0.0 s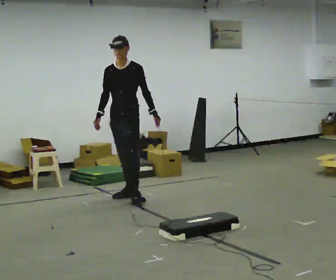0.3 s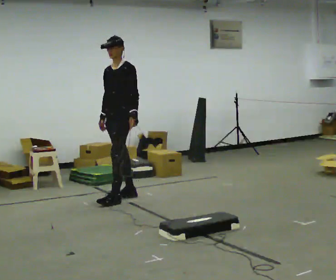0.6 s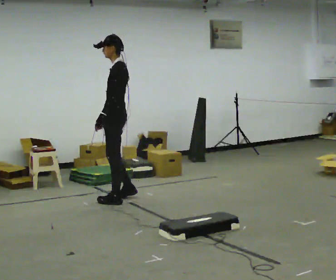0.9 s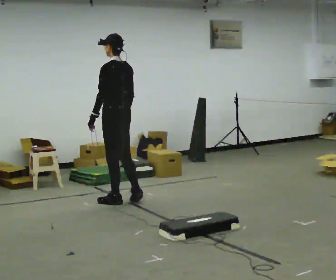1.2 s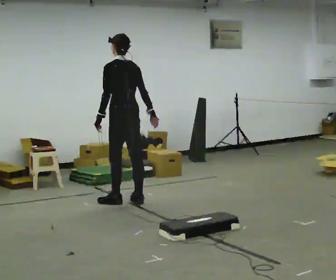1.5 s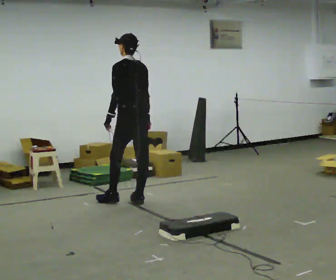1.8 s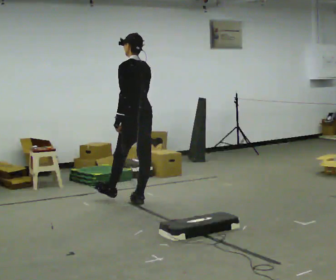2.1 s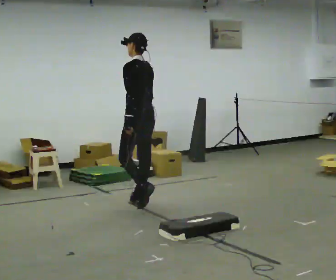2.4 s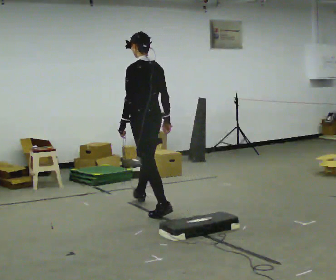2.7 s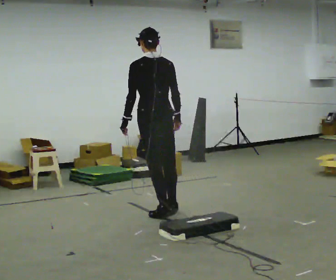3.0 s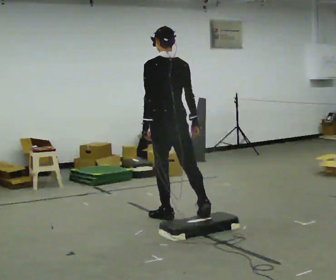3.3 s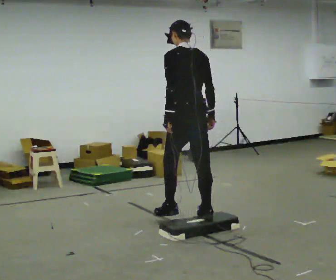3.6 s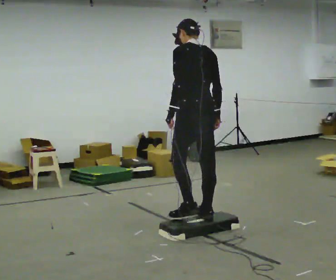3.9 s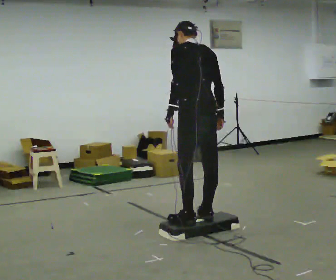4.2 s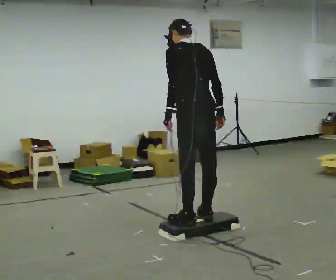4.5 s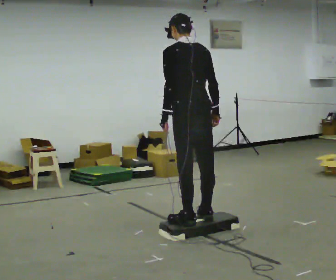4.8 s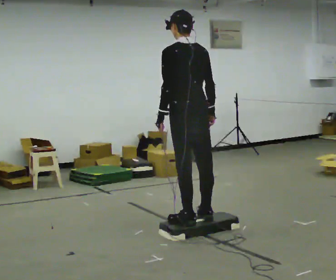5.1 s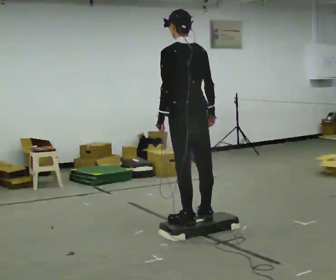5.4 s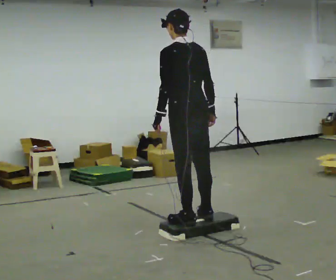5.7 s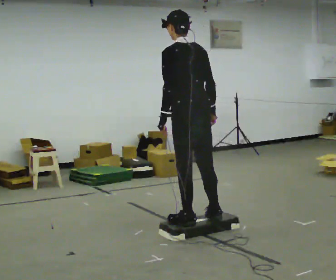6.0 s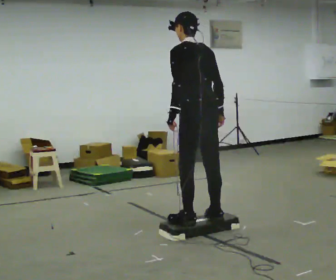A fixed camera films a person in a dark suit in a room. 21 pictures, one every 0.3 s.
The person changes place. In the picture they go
toward the camera.
0.0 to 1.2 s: Seen from above the body turns clockwise, about 120 degrees: to their right, with its near side sliding to the left. In the picture they go toward the camera, about 0.25 m in 1 step. The upper body tips away from the camera, its near side rolling upward.
1.2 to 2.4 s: In the picture they go toward the camera and to the right, about 0.5 m in 2 steps, which for them is backward.
2.4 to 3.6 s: In the picture they go toward the camera and to the right, about 1 m in 1 step, which for them is backward.
3.6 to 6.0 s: In the picture they go toward the camera, about 0.25 m, which for them is backward.
The film runs backward here.
